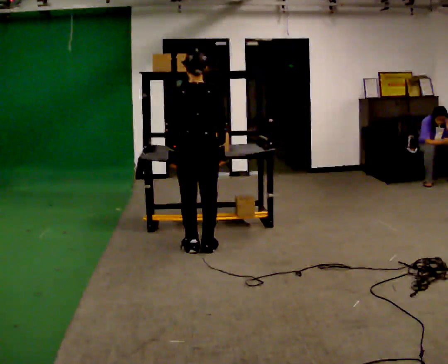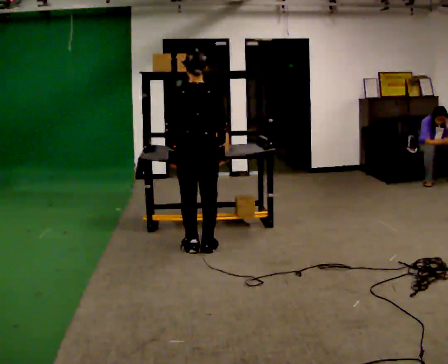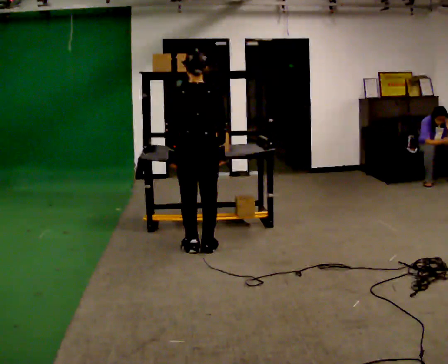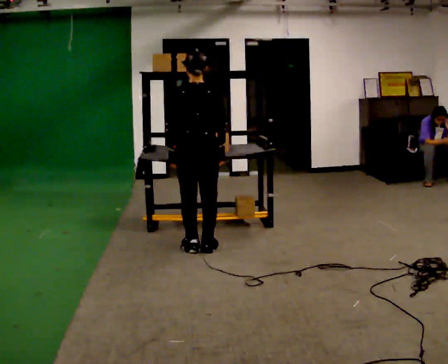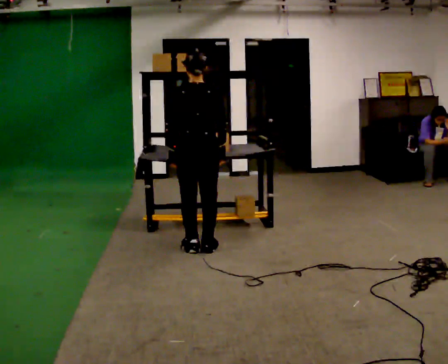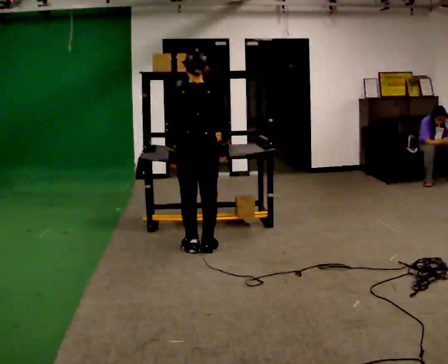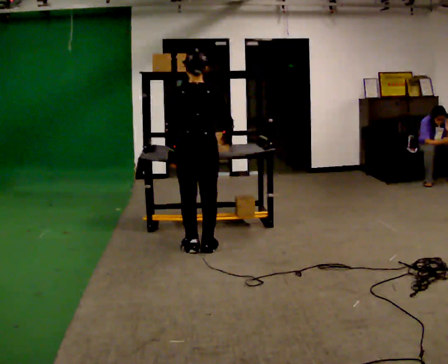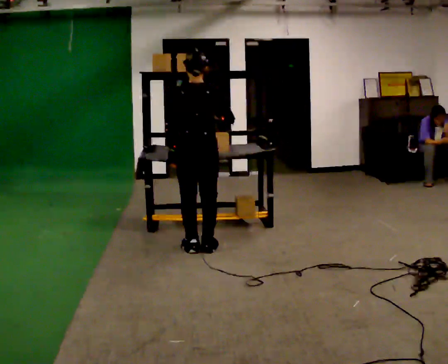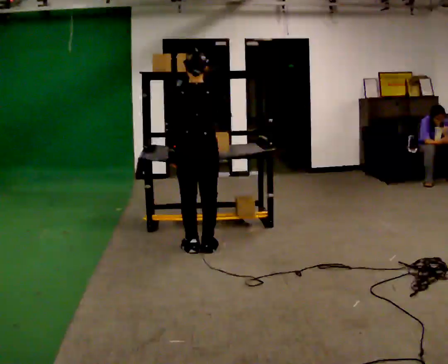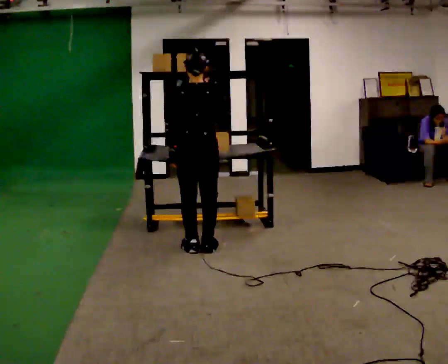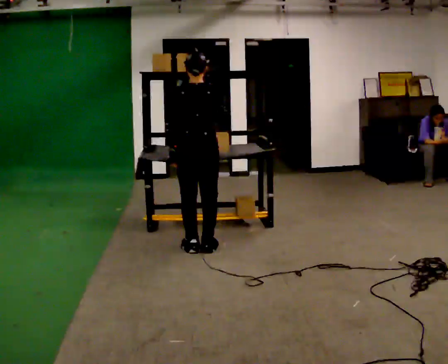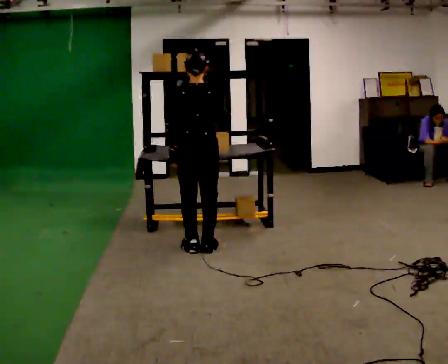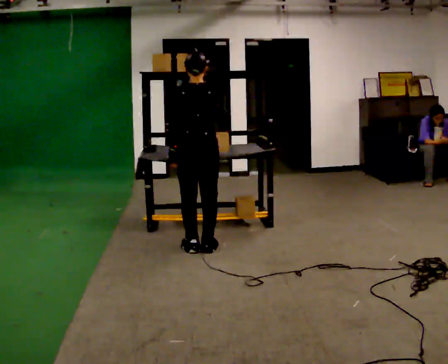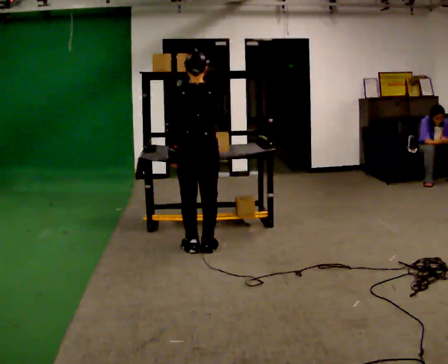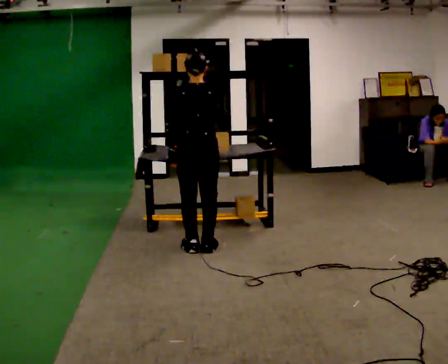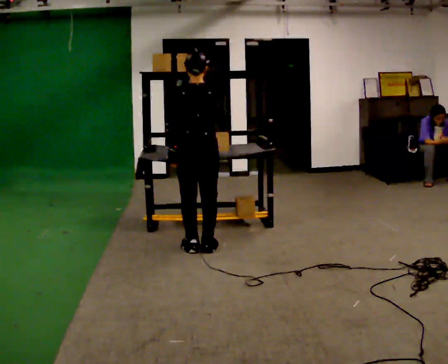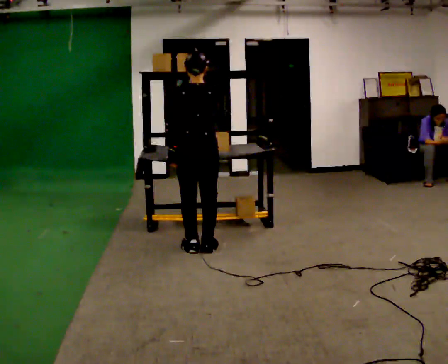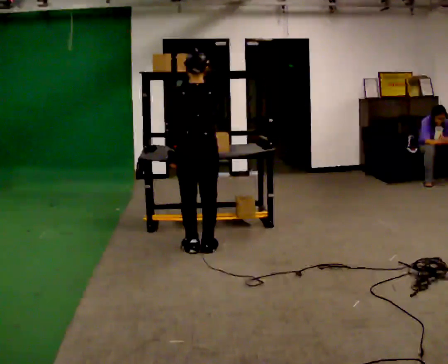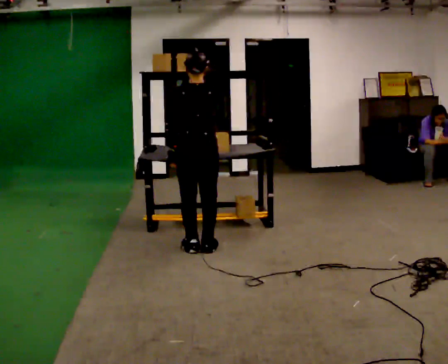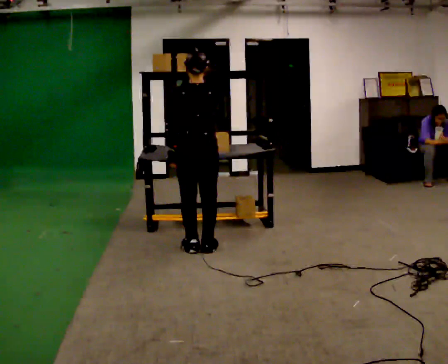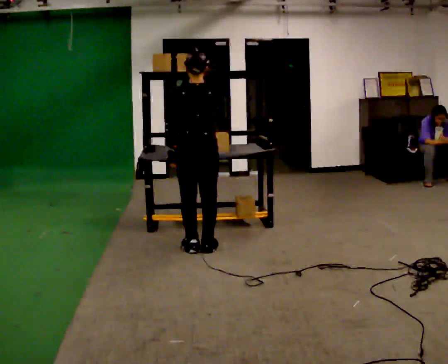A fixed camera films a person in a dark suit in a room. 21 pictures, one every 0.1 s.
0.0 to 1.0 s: In the picture their right hand goes upward.
1.0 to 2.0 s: The person moves a little, or ends about where they began.
The film runs forward here.
